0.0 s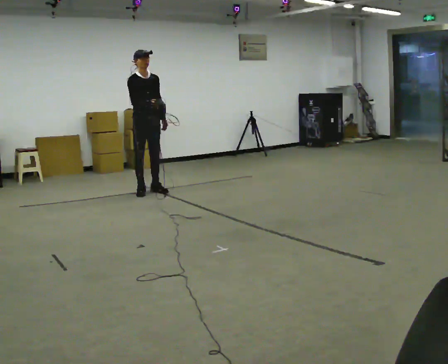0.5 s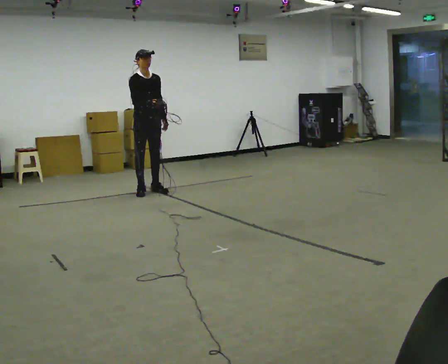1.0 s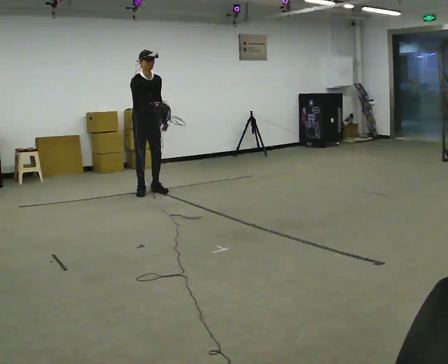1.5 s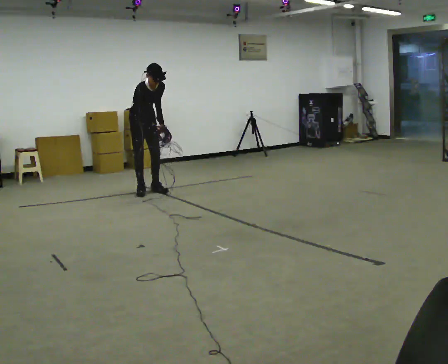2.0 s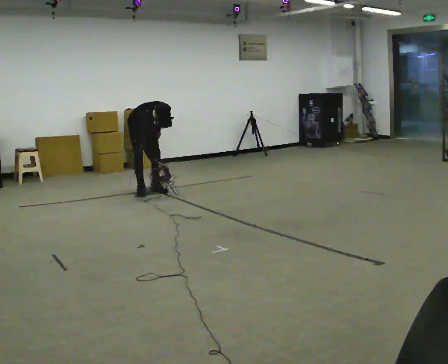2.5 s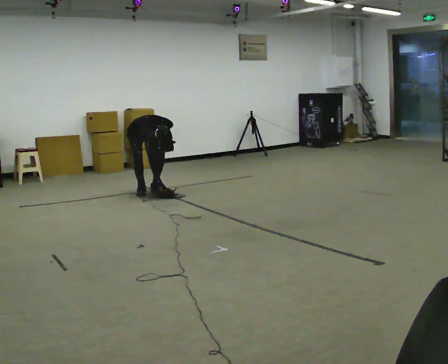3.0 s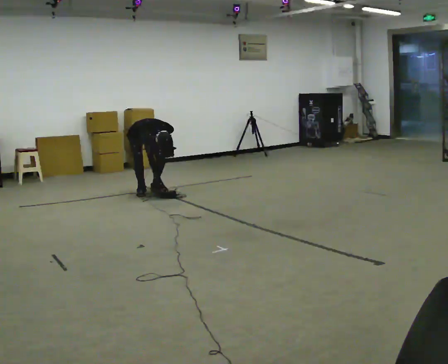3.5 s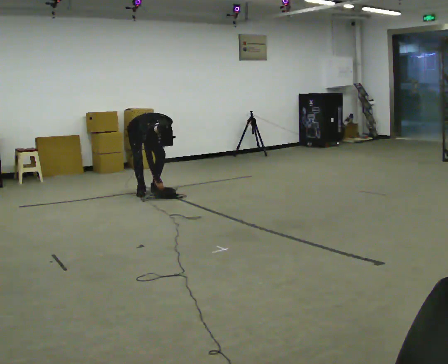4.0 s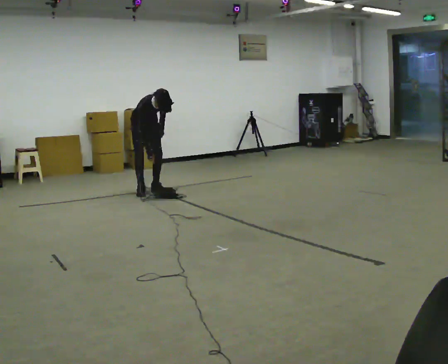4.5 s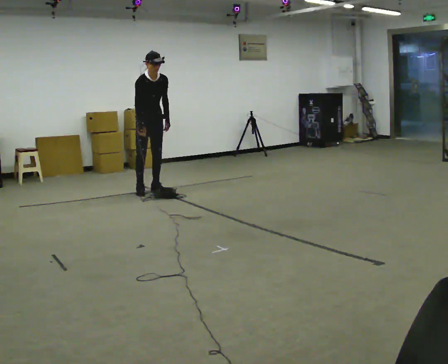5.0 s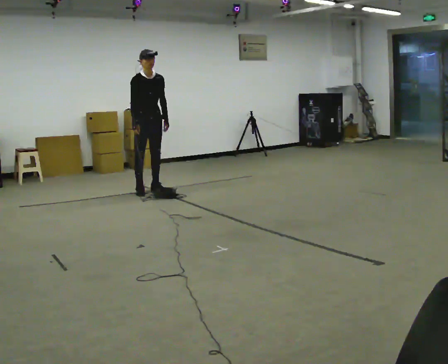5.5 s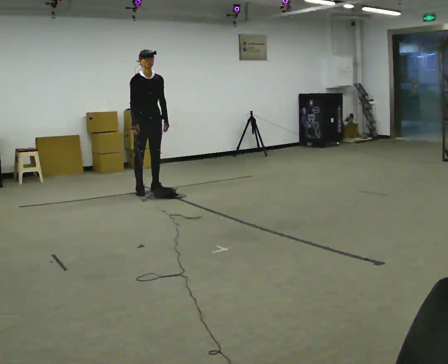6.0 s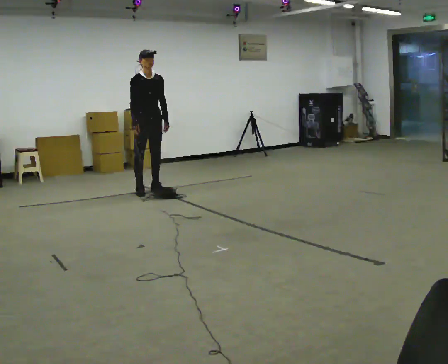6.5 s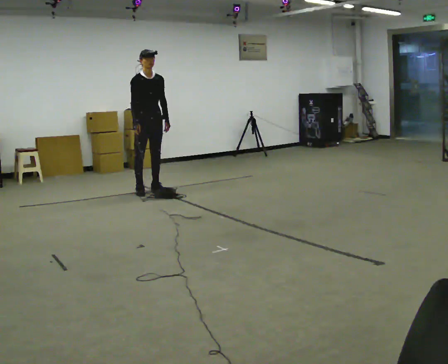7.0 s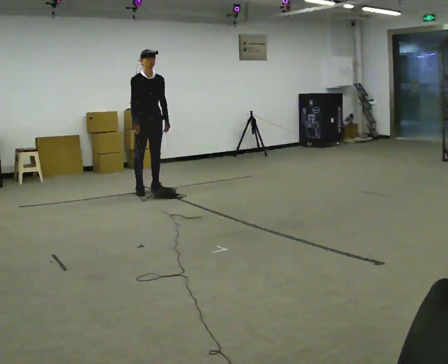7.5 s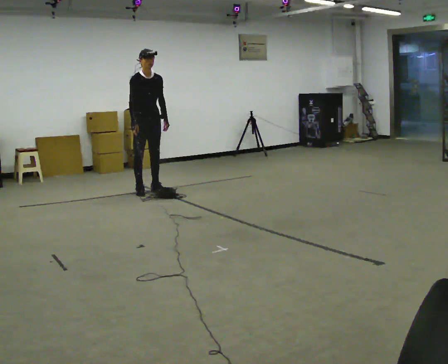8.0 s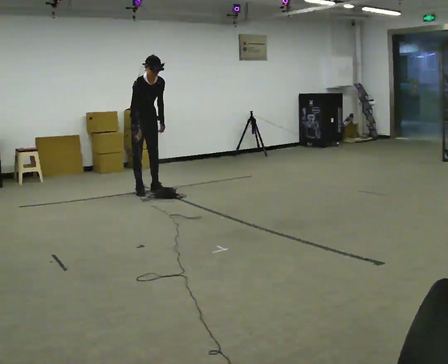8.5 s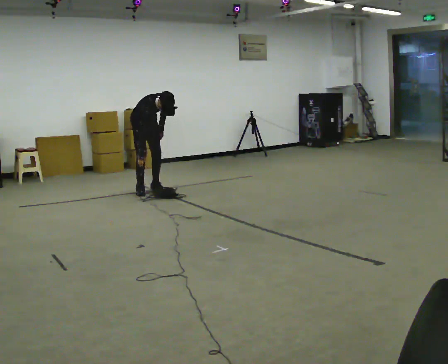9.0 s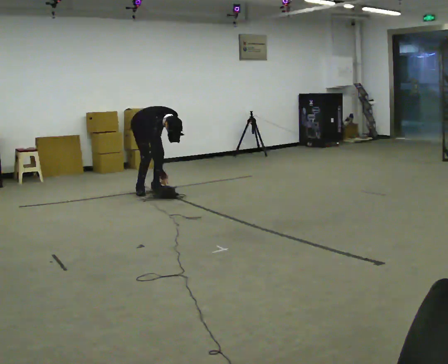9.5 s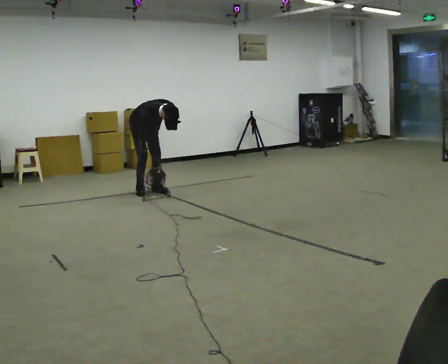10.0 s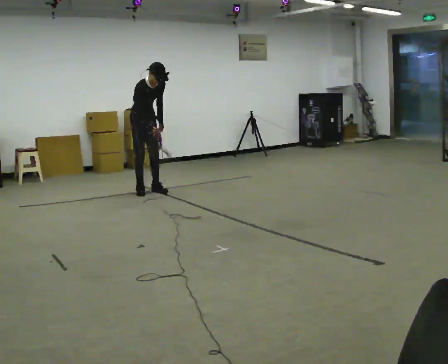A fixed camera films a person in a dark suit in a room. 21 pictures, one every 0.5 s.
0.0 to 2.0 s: In the picture they go away from the camera, about 0.25 m, which for them is backward. The shoulders move downward. The upper body tips toward the camera, its near side rolling downward, as they bend forward.
2.0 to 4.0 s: The person moves a little, or ends about where they began.
4.0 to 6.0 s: In the picture they go toward the camera, about 0.25 m, which for them is forward. The upper body goes upward. The upper body tips away from the camera, its near side rolling upward, as they lean back or straighten.
6.0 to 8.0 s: The upper body tips toward the camera, its near side rolling downward, as they bend forward.
8.0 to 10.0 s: The person moves a little, or ends about where they began.
The film runs backward here.
